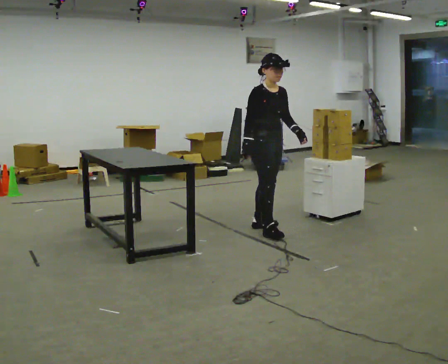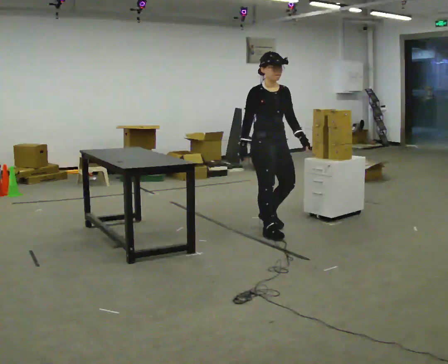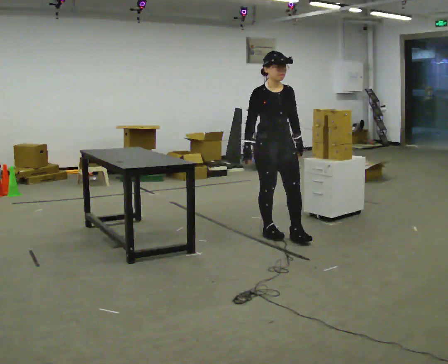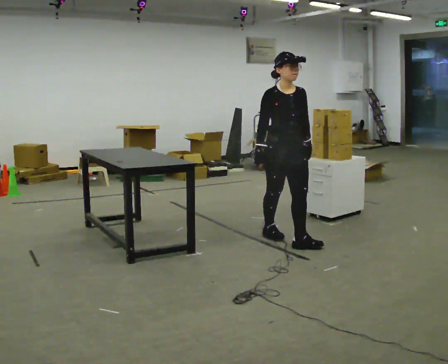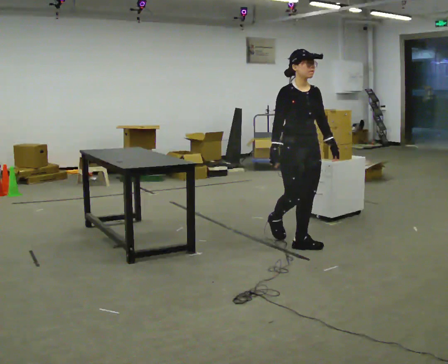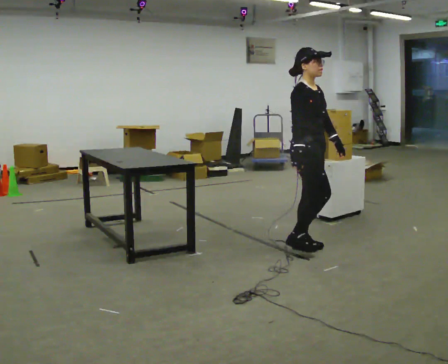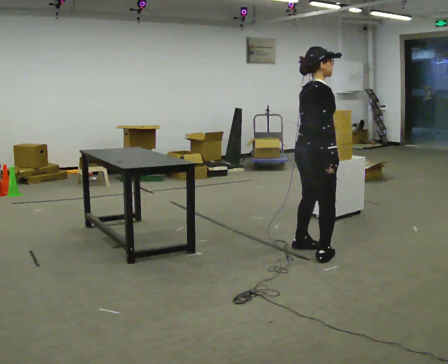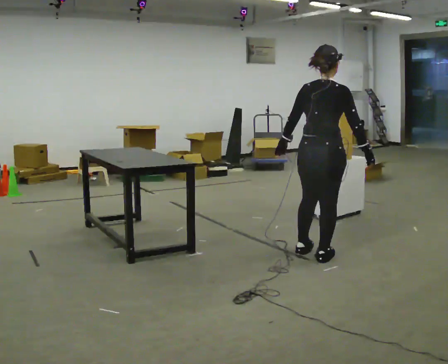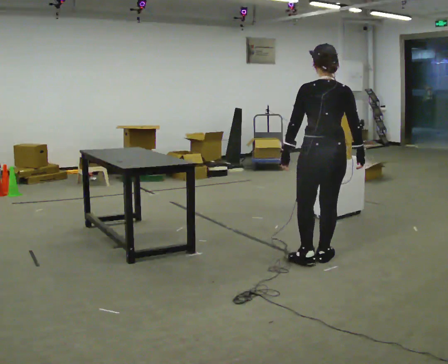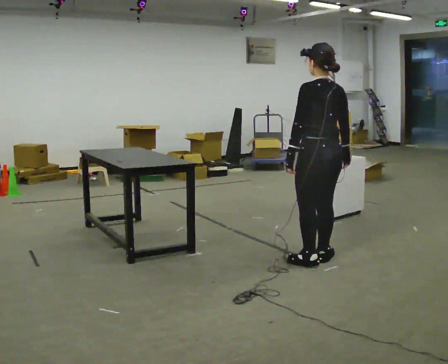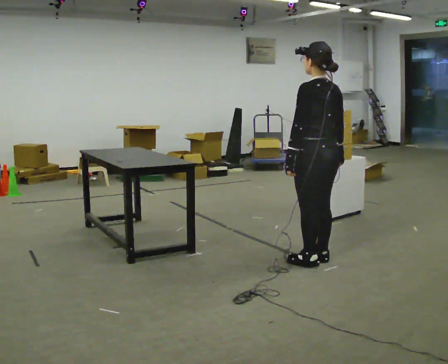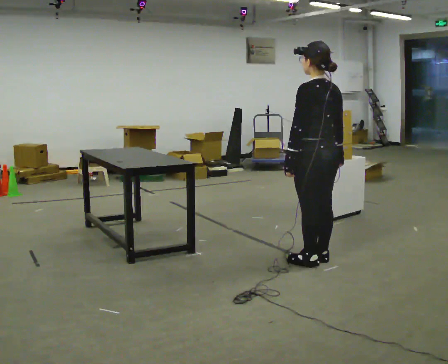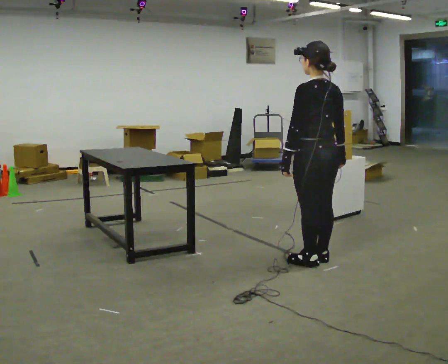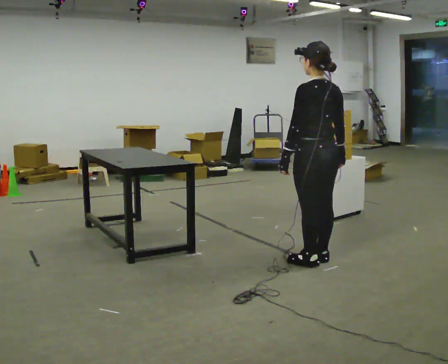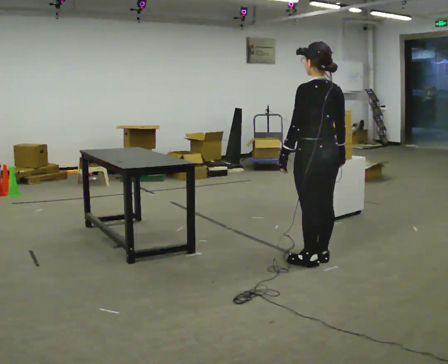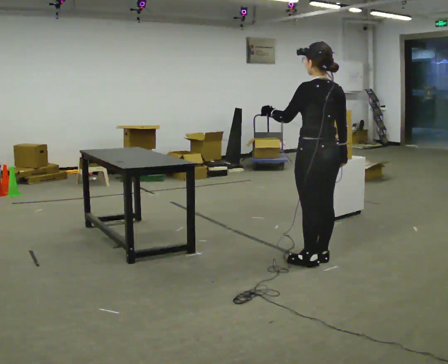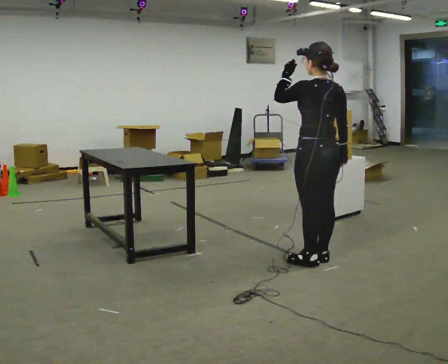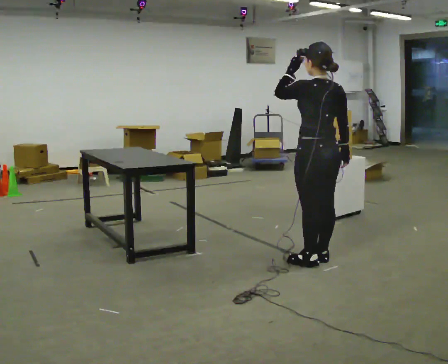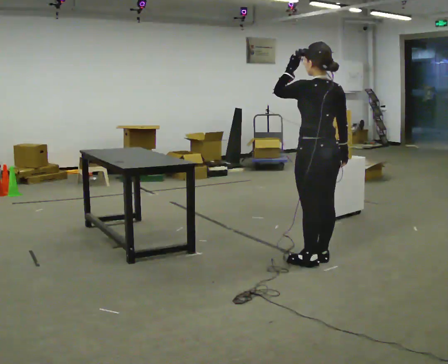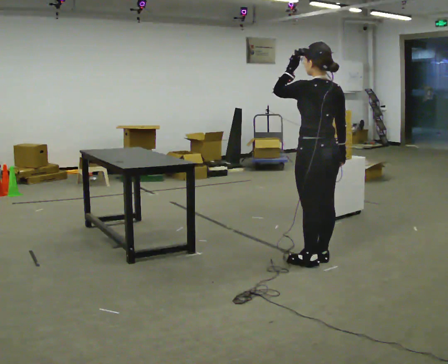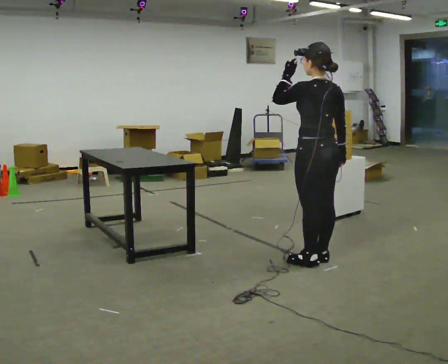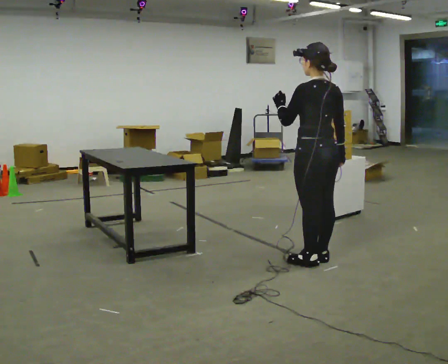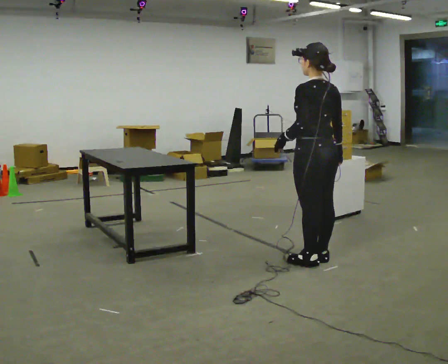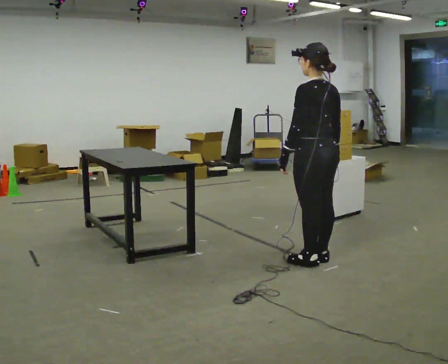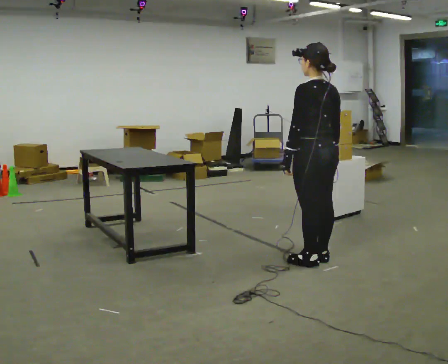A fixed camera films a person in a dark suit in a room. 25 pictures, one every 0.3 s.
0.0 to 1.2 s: In the picture they go toward the camera and to the right, about 0.5 m in 1 step, which for them is forward.
1.2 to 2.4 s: Seen from above the body turns counterclockwise, about 150 degrees: to their left, with its near side sliding to the right. In the picture they go toward the camera and to the right, about 0.5 m in 2 steps.
2.4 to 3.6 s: Seen from above the body turns counterclockwise, about 30 degrees: to their left, with its near side sliding to the right.
3.6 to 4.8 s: In the picture their left hand goes upward.
4.8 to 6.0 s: The person moves a little, or ends about where they began.
6.0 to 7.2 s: In the picture their left hand goes downward.
The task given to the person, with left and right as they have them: 1. Move all 12 boxes from the shelf at one end of the room to the shelf at the other end. 2. The cart is not available today, so carry them. 3. Tell the operator when you are finished.
The film runs forward here.
